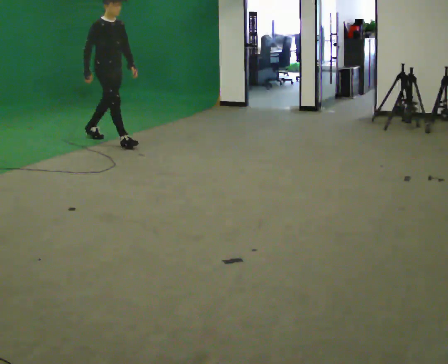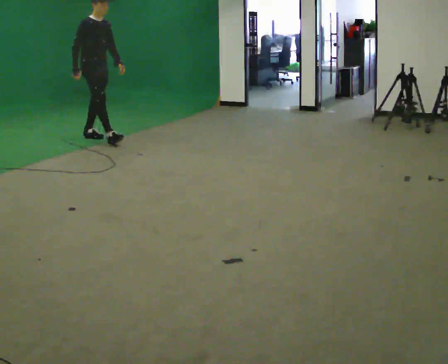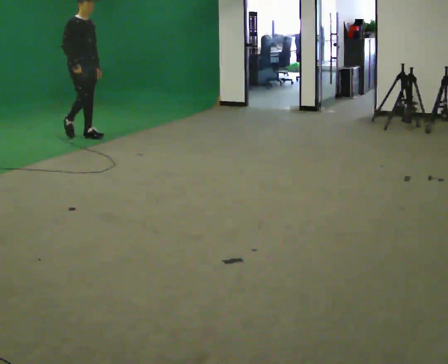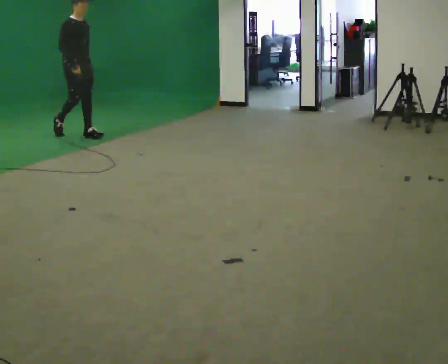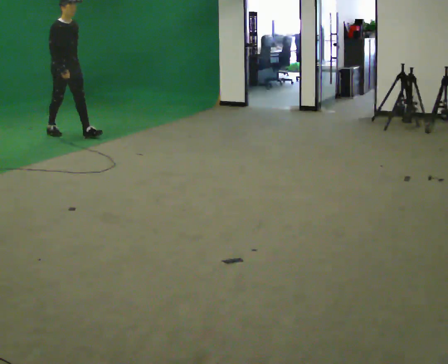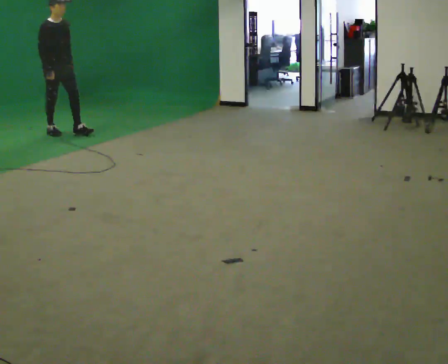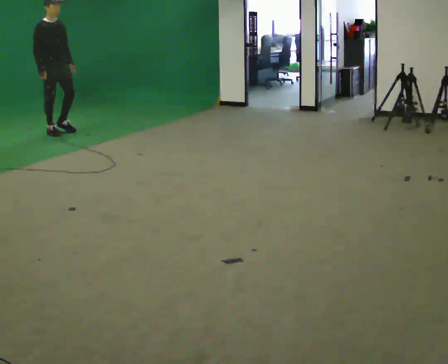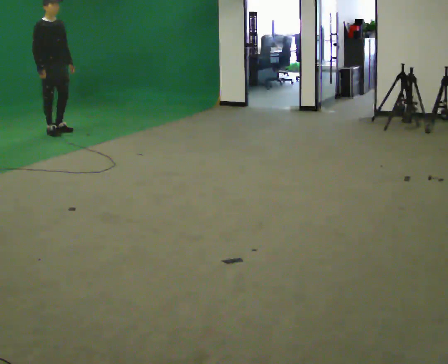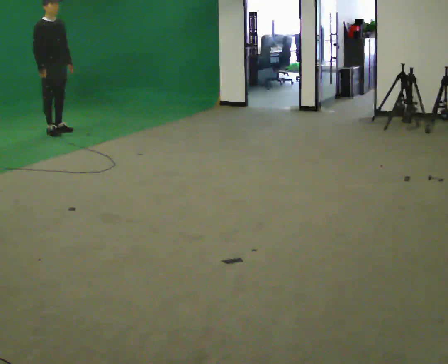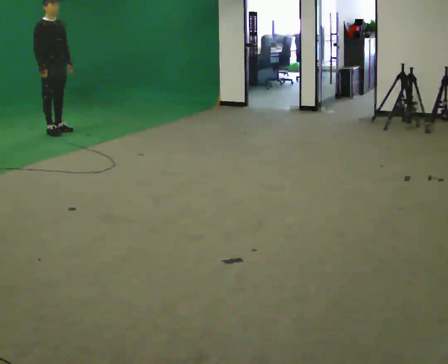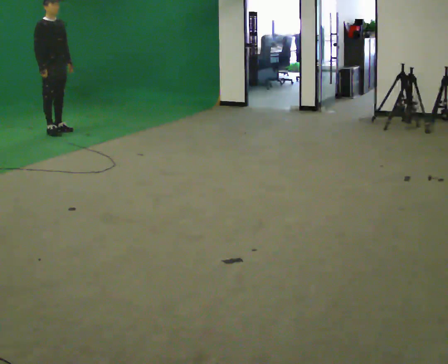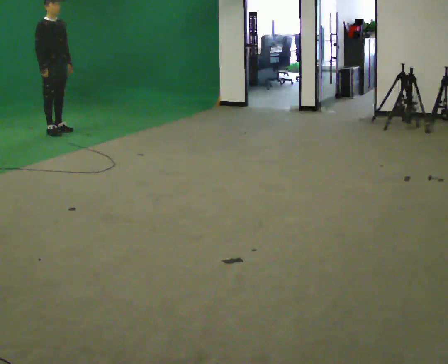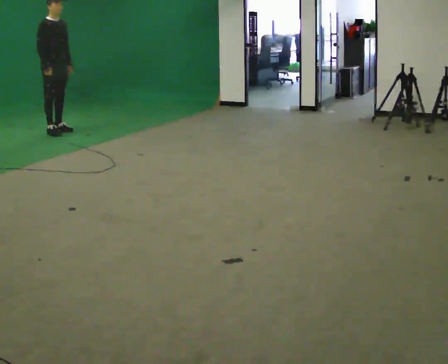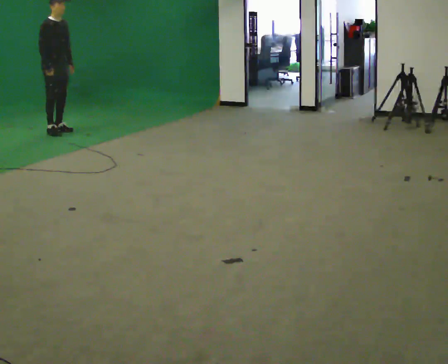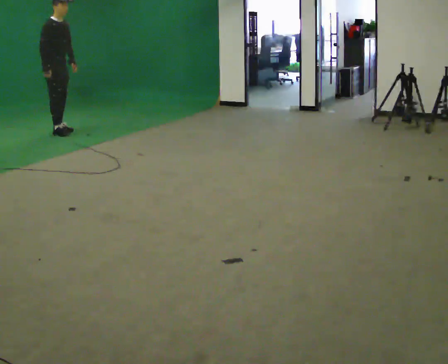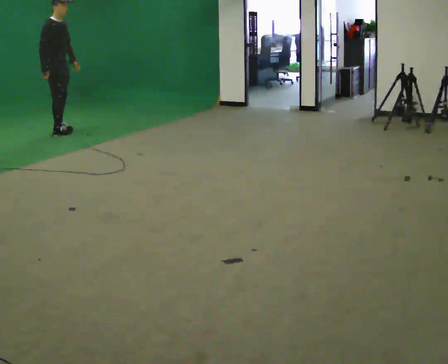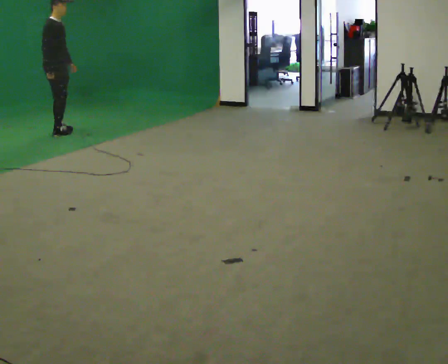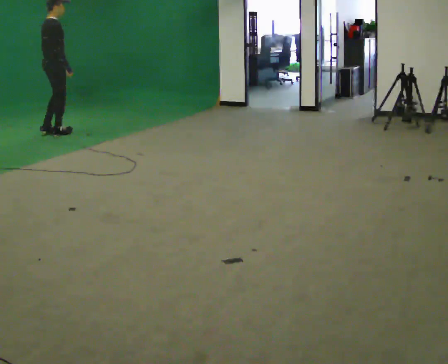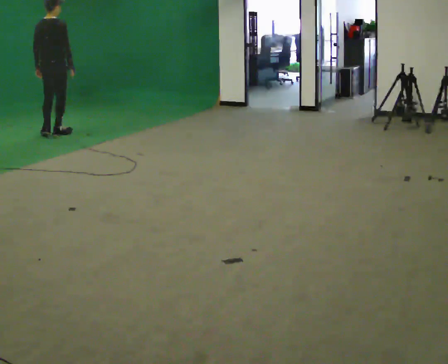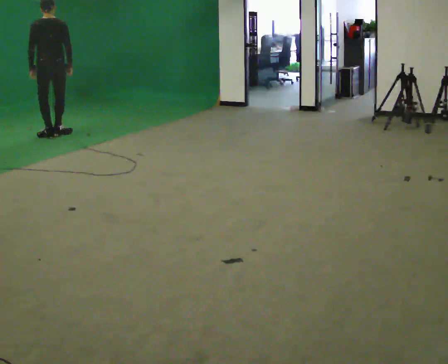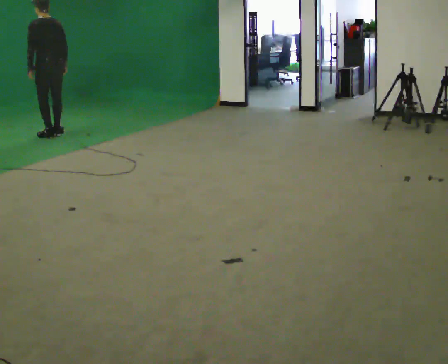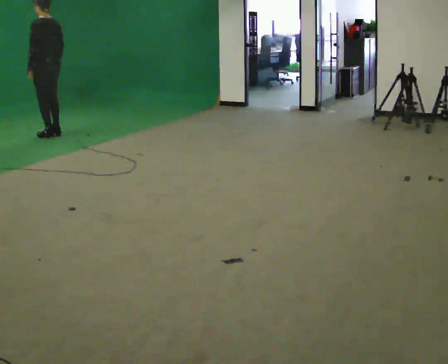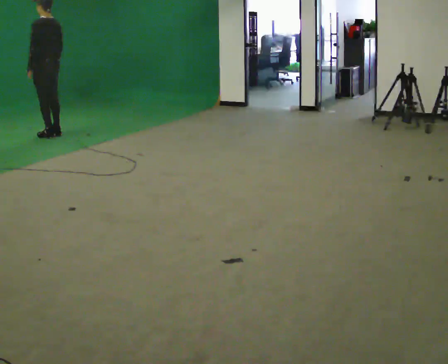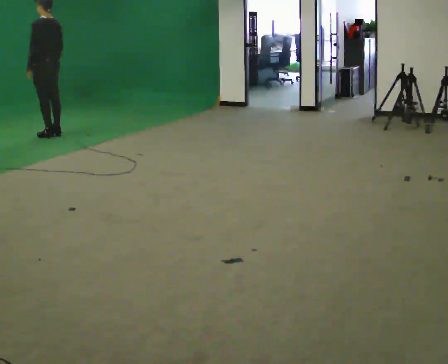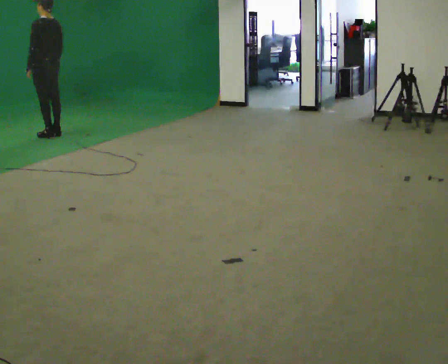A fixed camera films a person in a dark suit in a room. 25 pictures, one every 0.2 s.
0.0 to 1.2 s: In the picture they go away from the camera and to the left, about 1 m in 2 steps, which for them is backward.
1.2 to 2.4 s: The person moves a little, or ends about where they began.
2.4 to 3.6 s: The person turns about 90 degrees to their left, counterclockwise seen from above, so the part of the body nearest the lens slides to the right. In the picture they go toward the camera, about 0.25 m in 2 steps. In the picture their left hand goes to the left.
3.6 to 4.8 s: The person turns about 90 degrees to their left, counterclockwise seen from above, so the part of the body nearest the lens slides to the right.
The film runs backward here.
